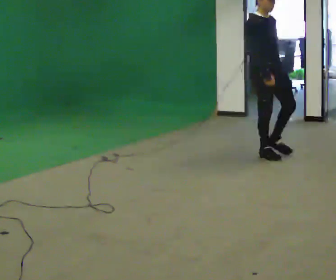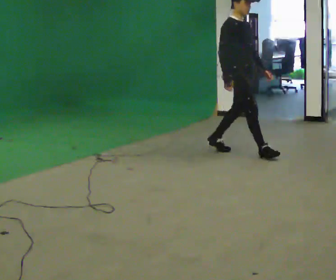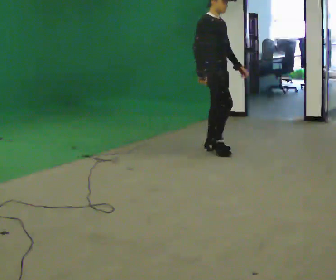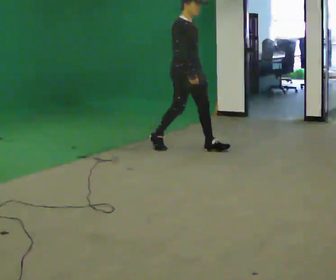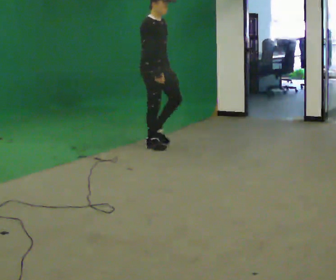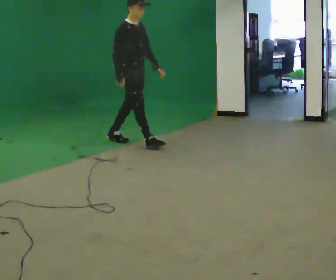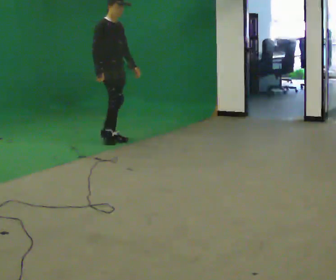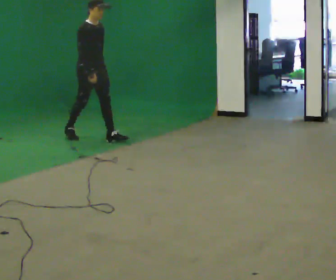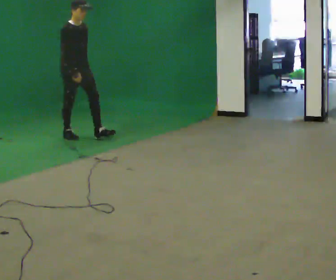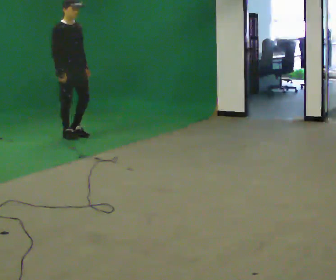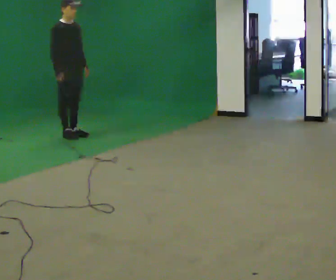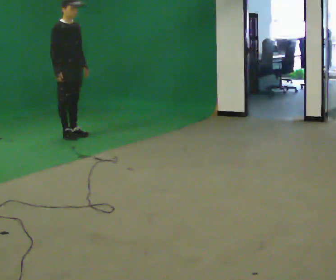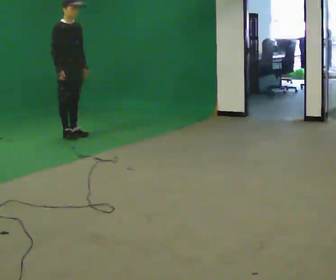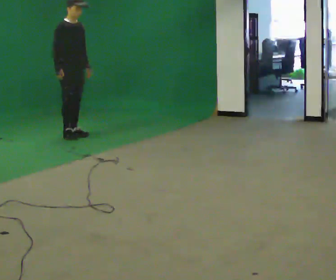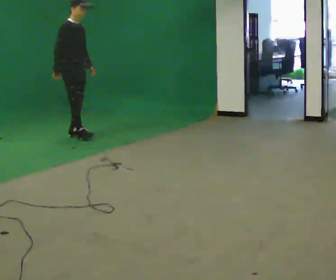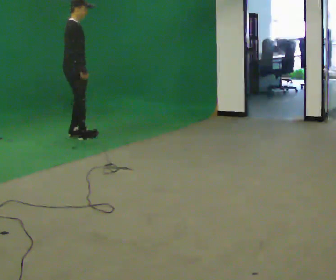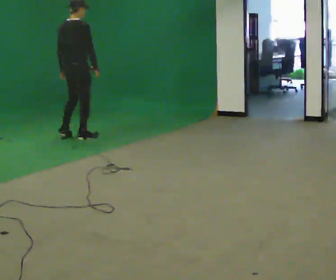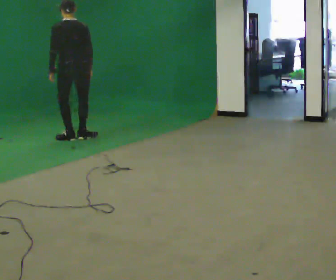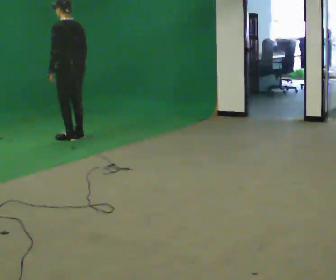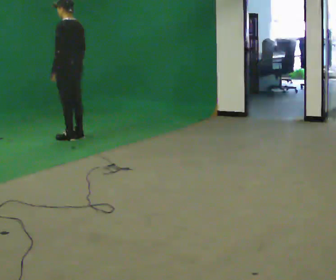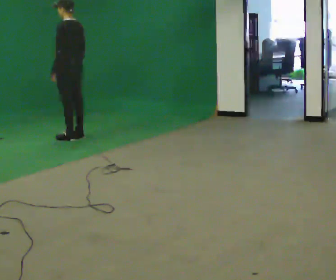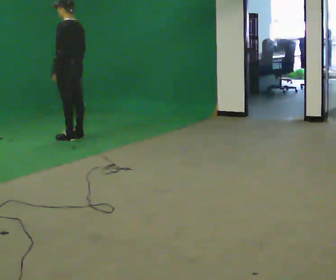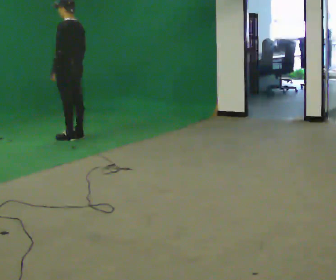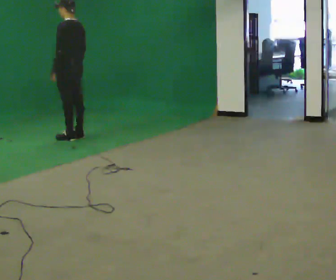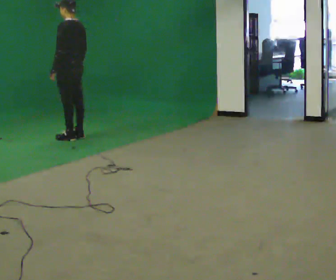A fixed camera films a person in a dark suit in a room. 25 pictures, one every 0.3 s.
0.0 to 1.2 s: In the picture they go to the left and away from the camera, about 1.5 m in 2 steps, which for them is backward.
1.2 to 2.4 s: In the picture they go to the left and away from the camera, about 1 m in 2 steps, which for them is backward.
2.4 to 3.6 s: In the picture they go away from the camera, about 0.25 m, which for them is backward.
3.6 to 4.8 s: Seen from above the body turns counterclockwise, about 75 degrees: to their left, with its near side sliding to the right. In the picture their right hand goes to the right.
4.8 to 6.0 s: Seen from above the body turns counterclockwise, about 105 degrees: to their left, with its near side sliding to the right.
6.0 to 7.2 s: The person keeps their place and pose.
The film runs backward here.
